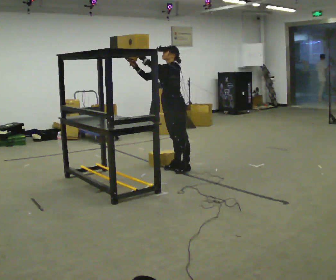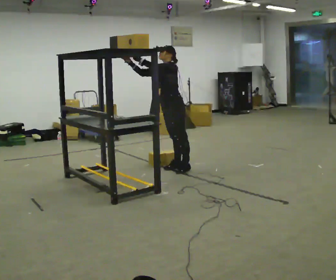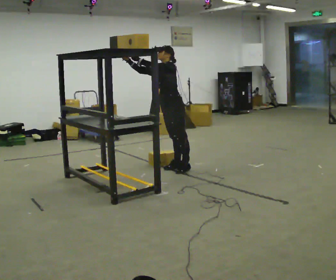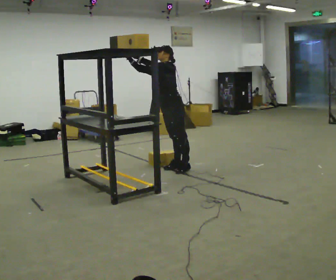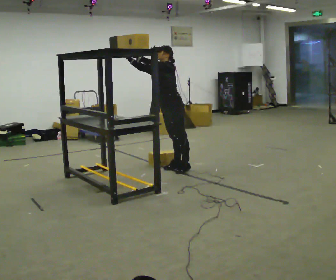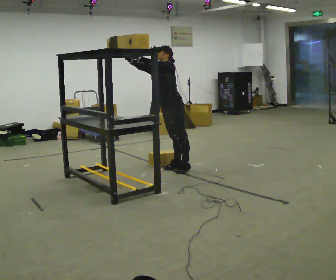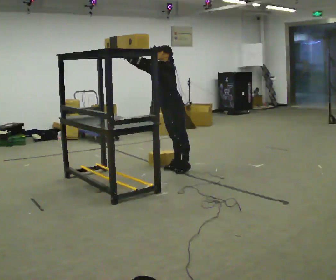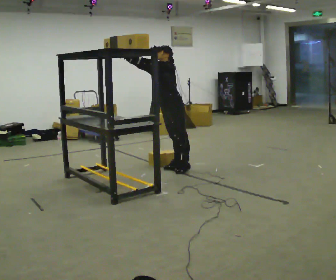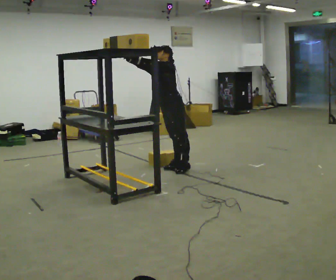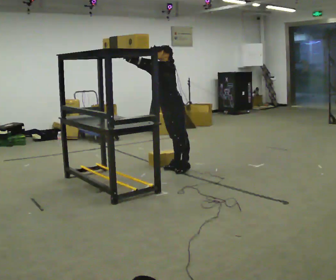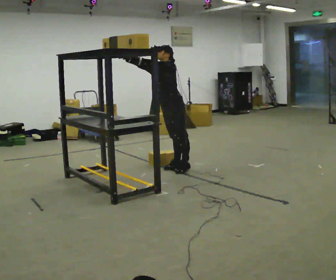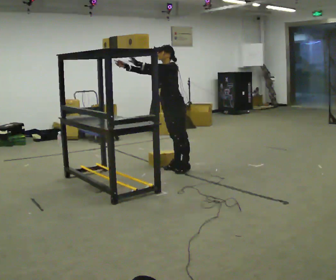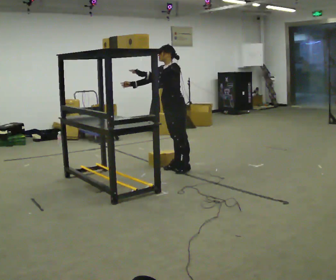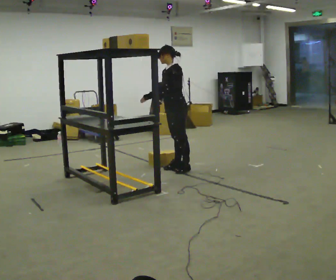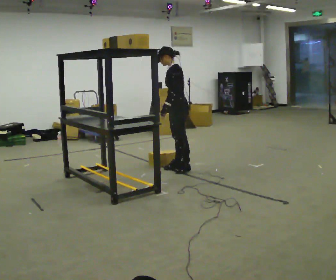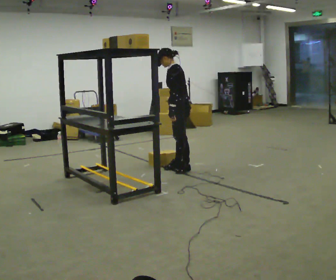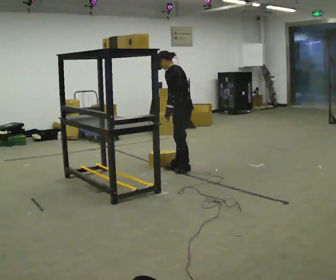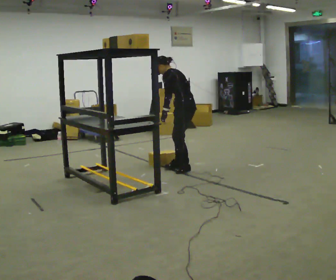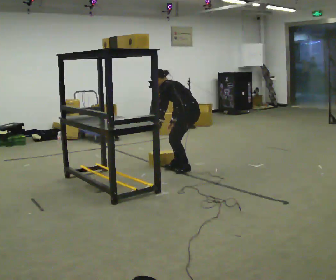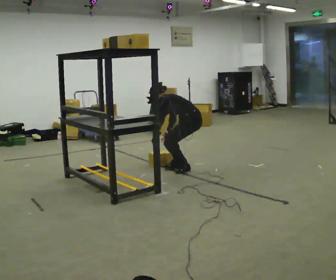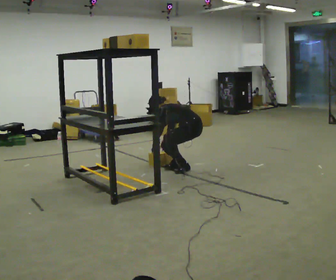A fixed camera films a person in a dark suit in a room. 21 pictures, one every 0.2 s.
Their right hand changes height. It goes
downward.
The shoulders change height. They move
downward.
0.0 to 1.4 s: The person moves a little, or ends about where they began.
1.4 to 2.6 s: In the picture their right hand goes downward and to the right, the arm swinging counterclockwise.
2.6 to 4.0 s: Seen from above the body turns clockwise, about 45 degrees: to their right, with its near side sliding to the left. In the picture they go to the right, about 0.25 m, which for them is backward. The upper body goes downward. In the picture the upper body tilts counterclockwise, shoulders to the left, as they bend forward. In the picture their left hand goes downward.
The film runs forward here.
